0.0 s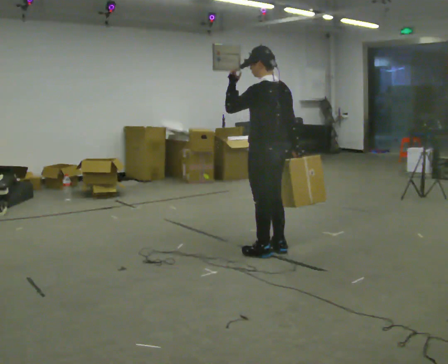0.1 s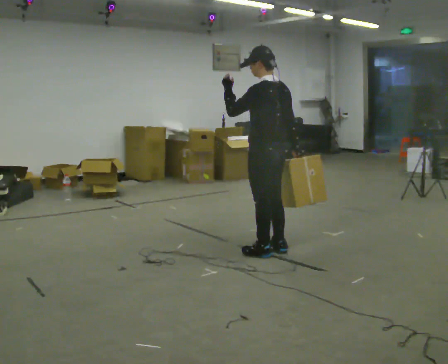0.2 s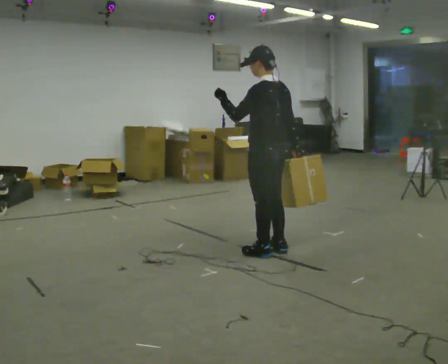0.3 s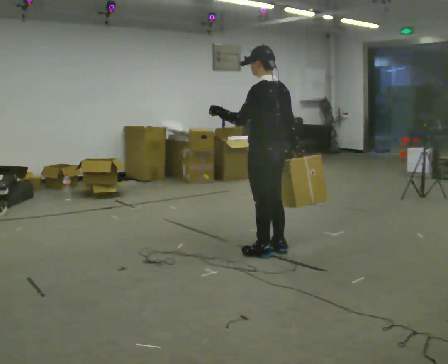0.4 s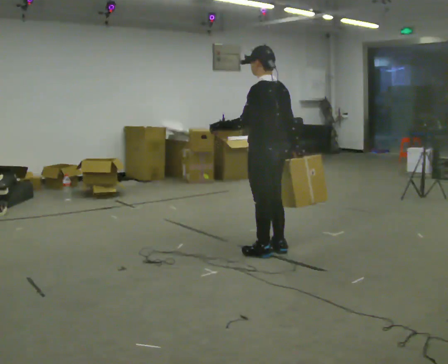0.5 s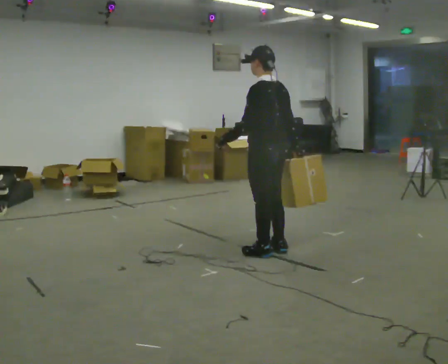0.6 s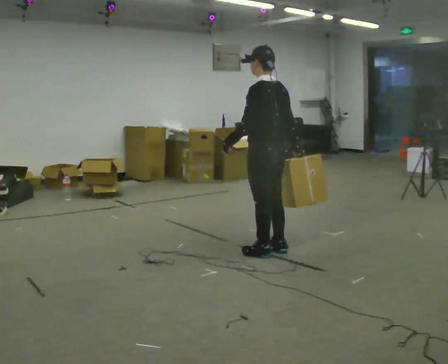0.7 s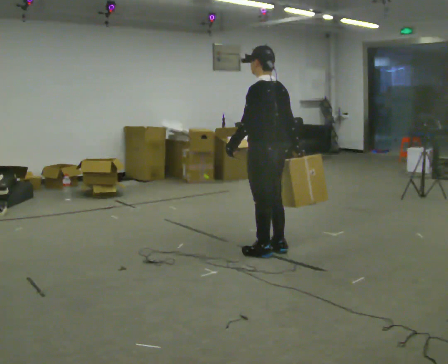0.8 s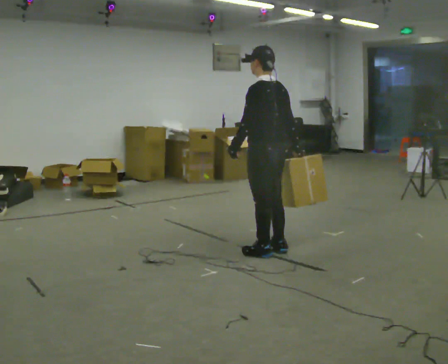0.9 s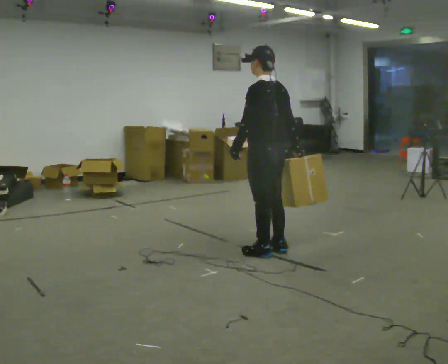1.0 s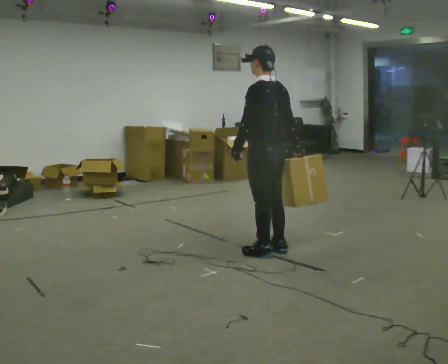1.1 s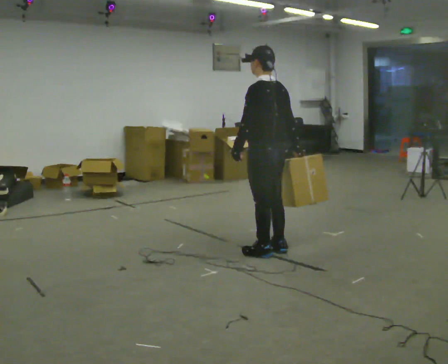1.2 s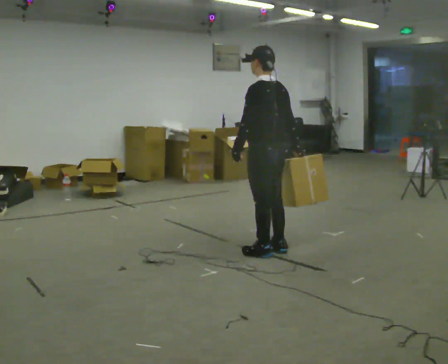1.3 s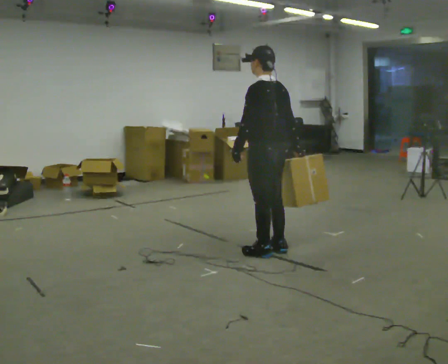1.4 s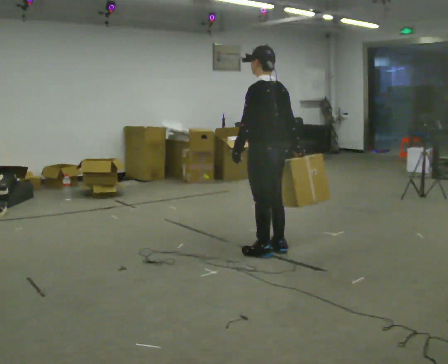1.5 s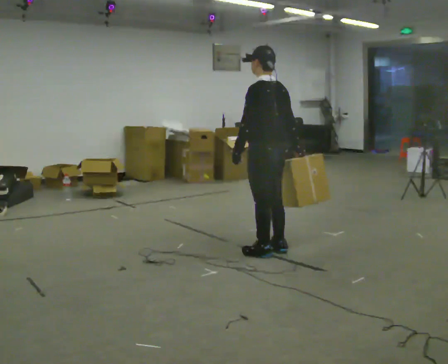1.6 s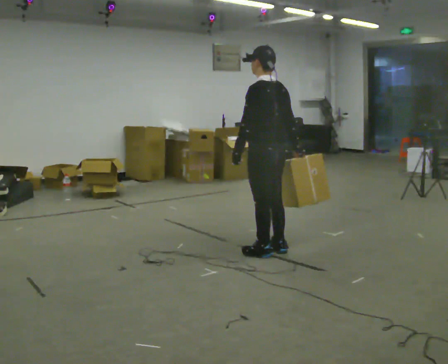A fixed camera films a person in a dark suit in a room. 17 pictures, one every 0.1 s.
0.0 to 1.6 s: In the picture their left hand goes downward, the arm swinging counterclockwise.
The film runs backward here.
